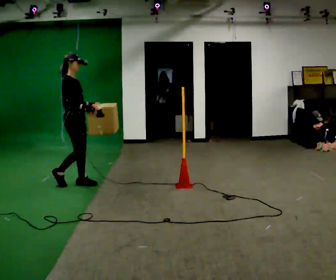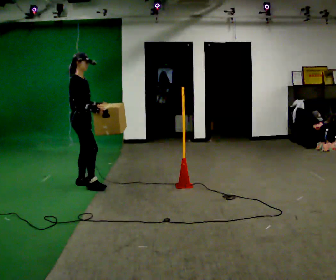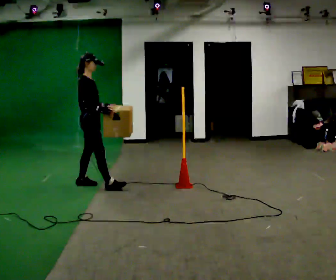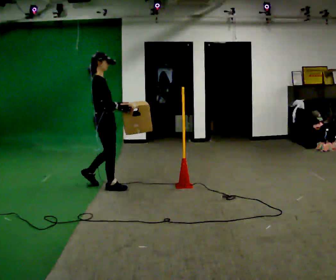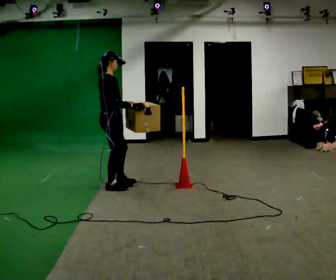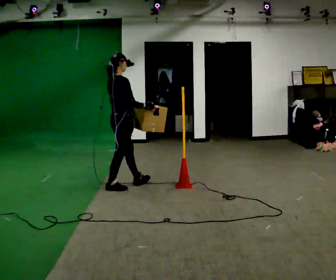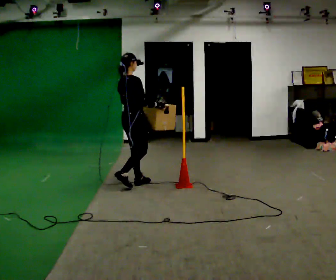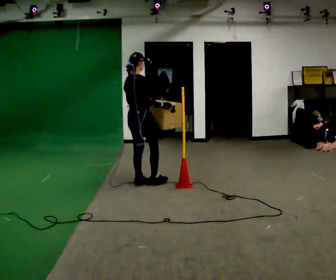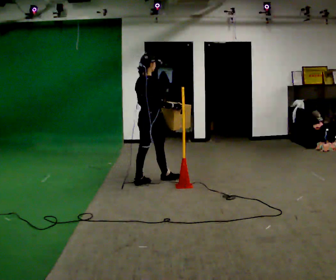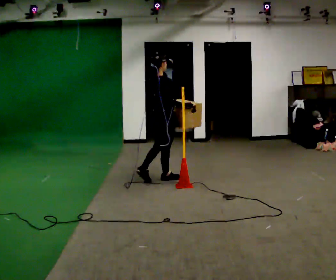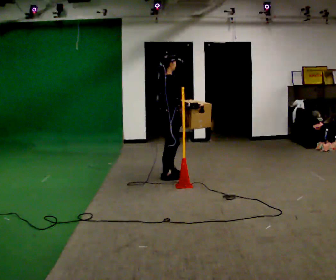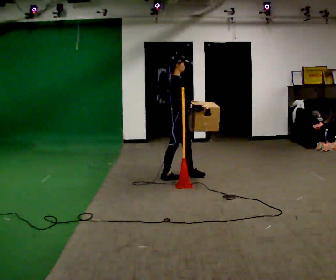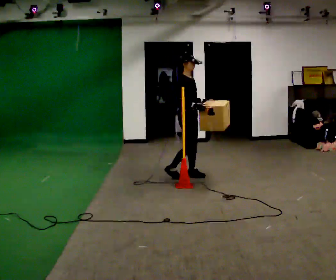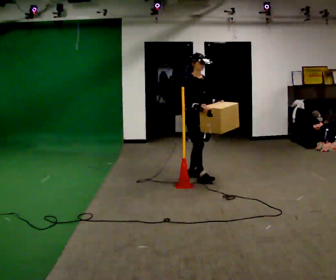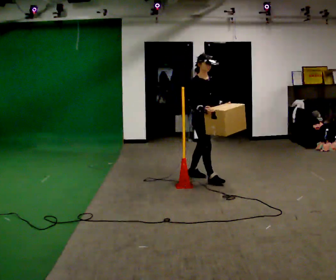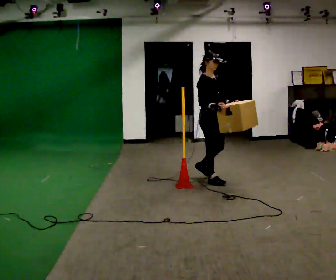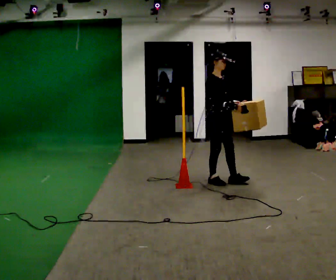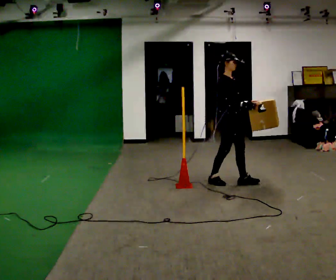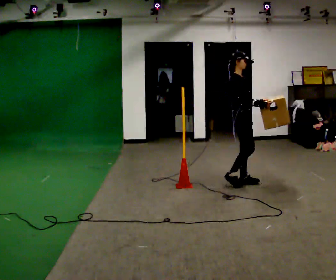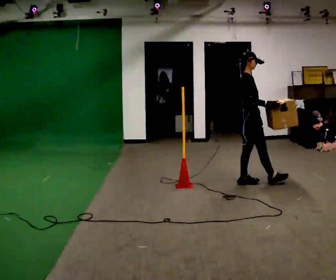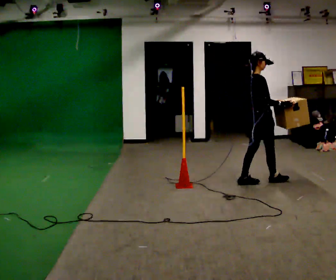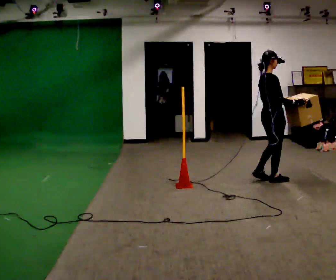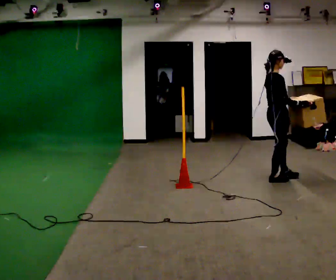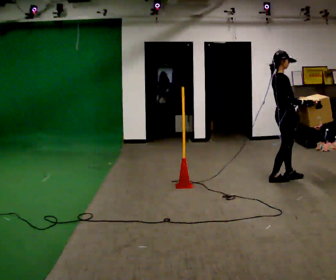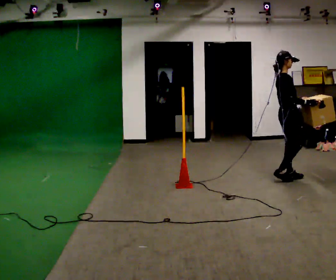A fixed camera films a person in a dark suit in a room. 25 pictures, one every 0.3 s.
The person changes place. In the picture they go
to the right.
0.0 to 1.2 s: The part of the body nearest the lens slides to the right as the person turns to their left by about 30 degrees. In the picture they go to the right, about 0.5 m in 1 step, which for them is forward.
1.2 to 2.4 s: Seen from above the body turns counterclockwise, about 30 degrees: to their left, with its near side sliding to the right. In the picture they go to the right and away from the camera, about 0.5 m in 2 steps, which for them is forward.
2.4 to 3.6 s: The person turns about 60 degrees to their right, clockwise seen from above, so the part of the body nearest the lens slides to the left. In the picture they go to the right and away from the camera, about 0.5 m in 1 step.
3.6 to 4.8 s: In the picture they go to the right and toward the camera, about 0.5 m in 1 step, which for them is forward.
4.8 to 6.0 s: Seen from above the body turns counterclockwise, about 45 degrees: to their left, with its near side sliding to the right. In the picture they go to the right, about 0.5 m in 2 steps, which for them is forward.
6.0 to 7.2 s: In the picture they go to the right, about 0.25 m in 1 step, which for them is forward.
The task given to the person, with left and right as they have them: Carry the box across the room. The operator will step into your path partway across, so go around them and carry on. Keep going until the operator says stop; one object at a time, and do not rush between trips.
The film runs forward here.
